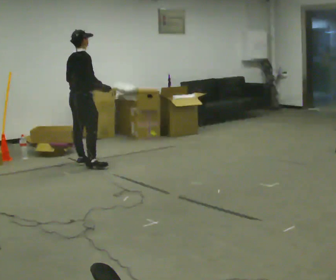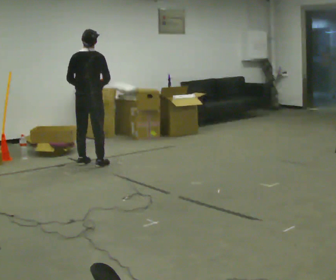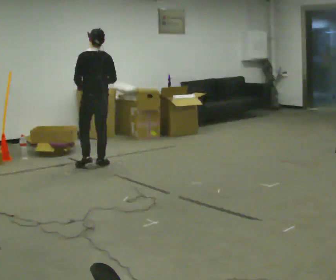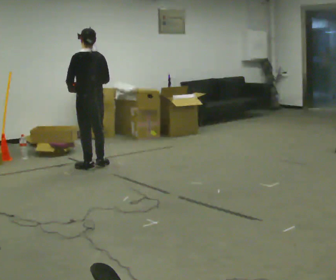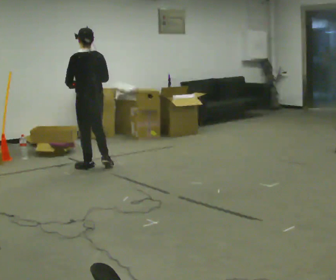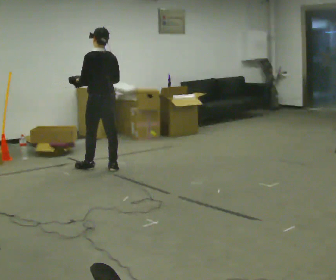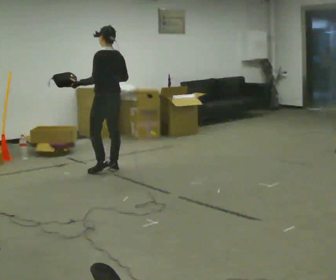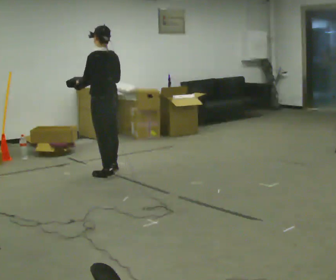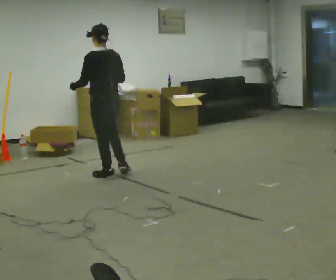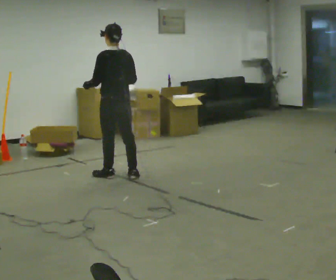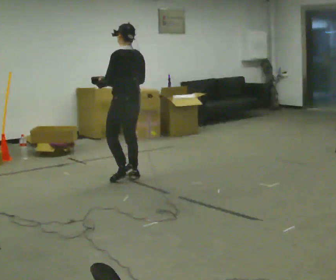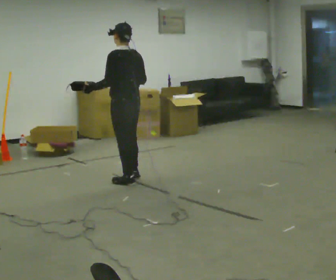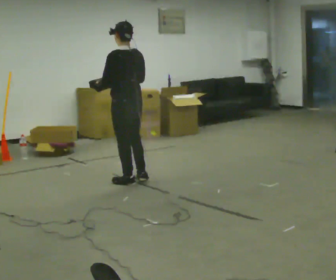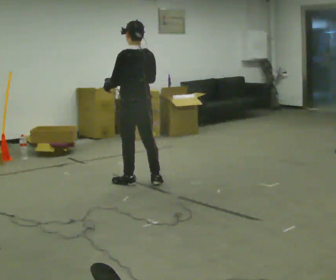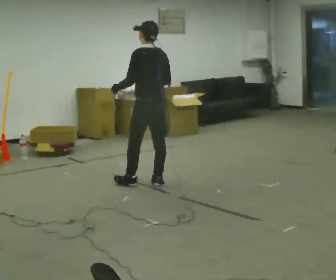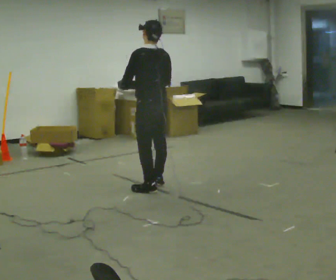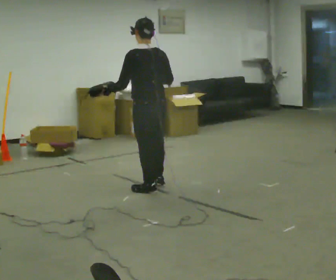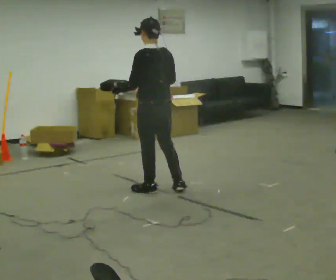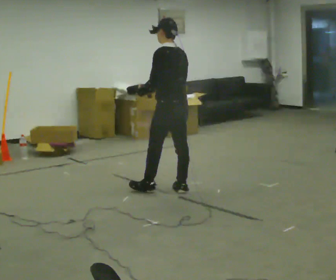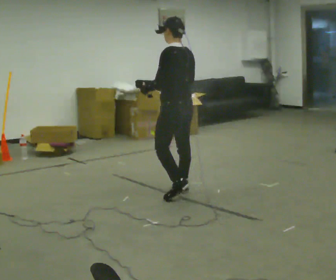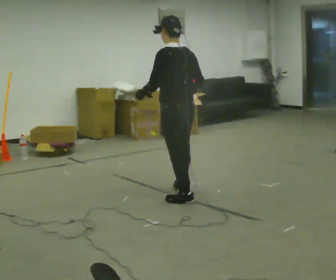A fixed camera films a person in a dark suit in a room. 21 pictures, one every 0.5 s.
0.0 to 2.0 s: The part of the body nearest the lens slides to the right as the person turns to their left by about 75 degrees. In the picture they go toward the camera, about 0.25 m in 2 steps.
2.0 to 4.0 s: In the picture they go toward the camera and to the right, about 0.5 m in 2 steps, which for them is backward.
4.0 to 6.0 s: In the picture they go toward the camera and to the right, about 0.5 m in 2 steps, which for them is backward.
6.0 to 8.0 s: In the picture they go toward the camera and to the right, about 0.5 m in 2 steps, which for them is backward.
8.0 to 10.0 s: In the picture they go toward the camera and to the right, about 0.25 m in 1 step, which for them is backward.
The film runs backward here.
